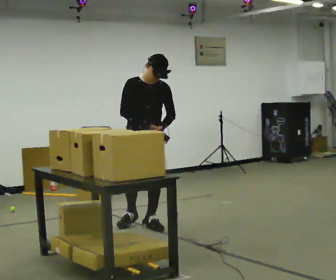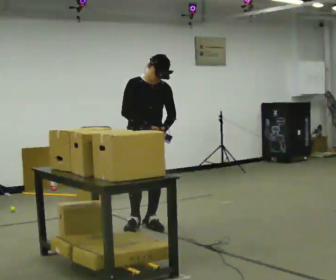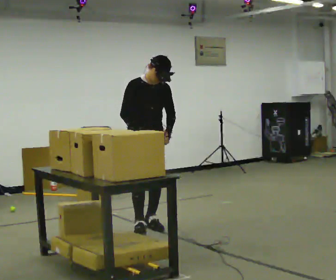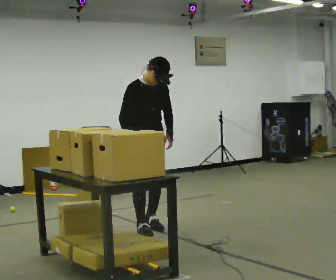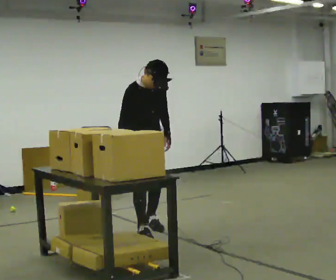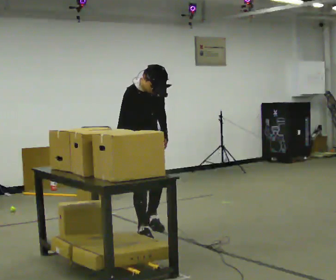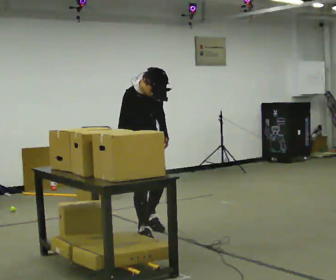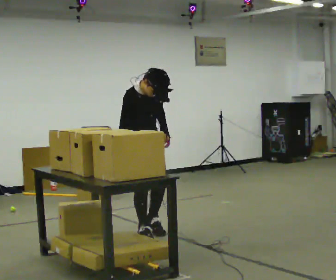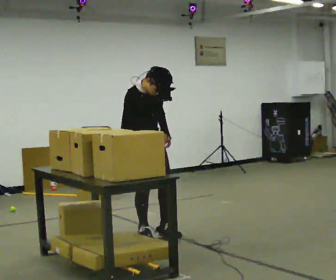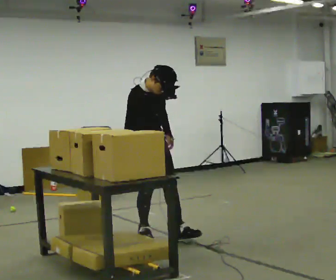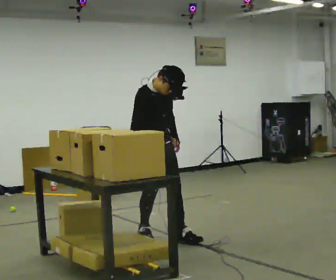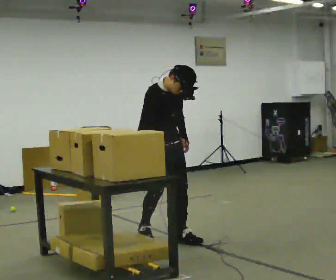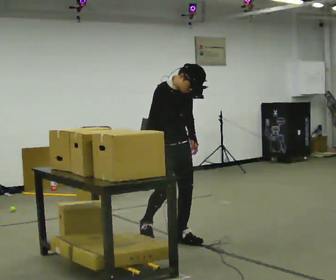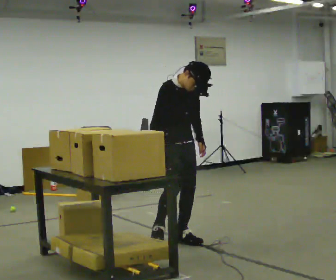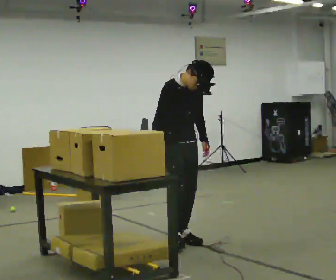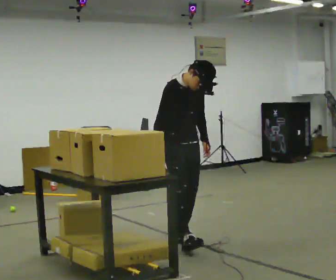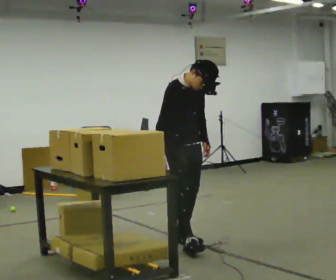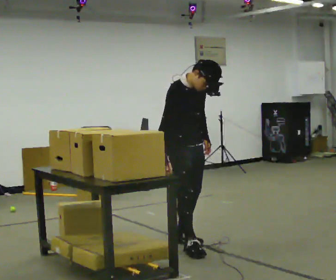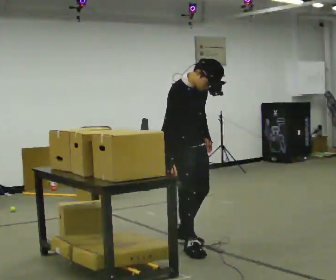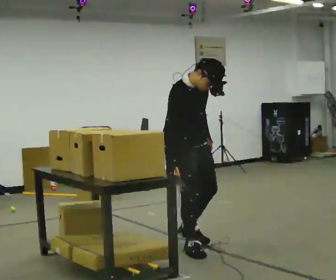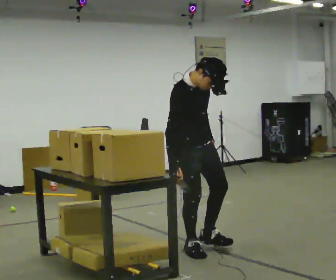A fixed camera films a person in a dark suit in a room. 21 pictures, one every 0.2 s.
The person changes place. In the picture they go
toward the camera.
0.0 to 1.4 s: The person turns about 30 degrees to their left, counterclockwise seen from above, so the part of the body nearest the lens slides to the right. In the picture they go toward the camera, about 0.25 m in 1 step, which for them is forward and to their right. The upper body tips toward the camera, its near side rolling downward, as they bend forward.
1.4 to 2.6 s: In the picture they go to the right and toward the camera, about 0.25 m in 1 step, which for them is forward.
2.6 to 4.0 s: In the picture they go toward the camera, about 0.5 m in 1 step, which for them is forward and to their right.
The film runs forward here.
